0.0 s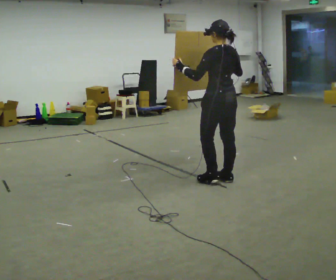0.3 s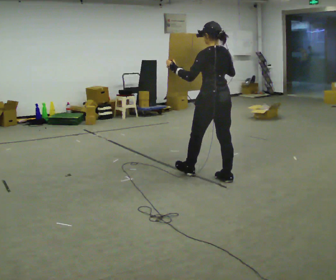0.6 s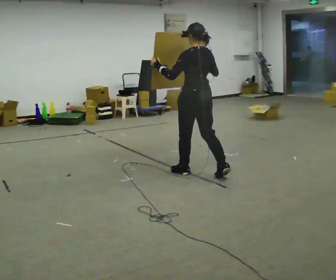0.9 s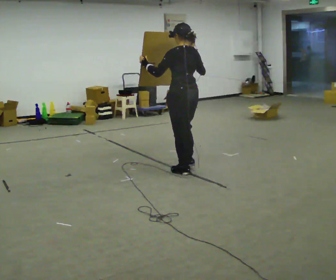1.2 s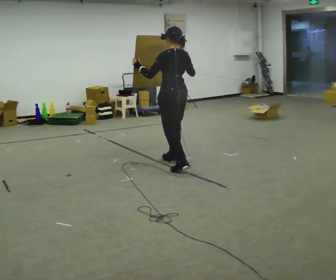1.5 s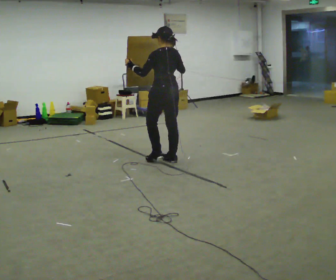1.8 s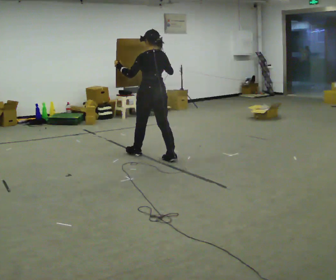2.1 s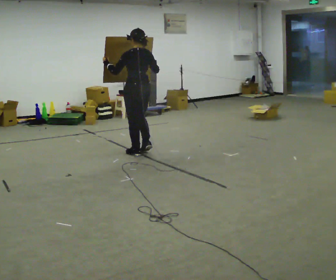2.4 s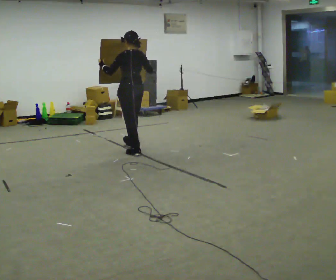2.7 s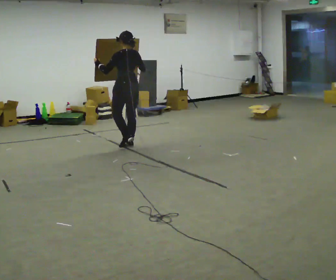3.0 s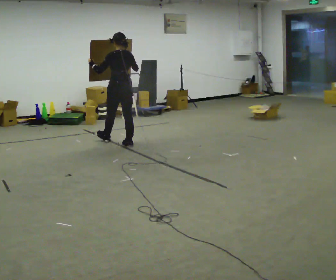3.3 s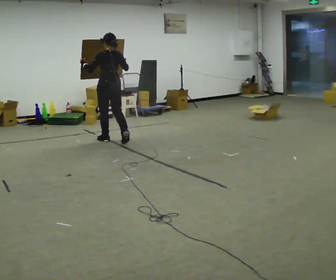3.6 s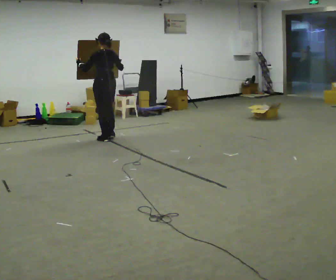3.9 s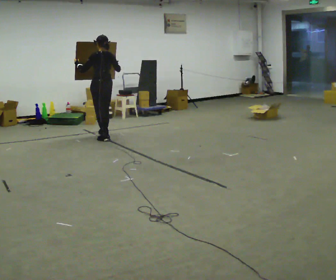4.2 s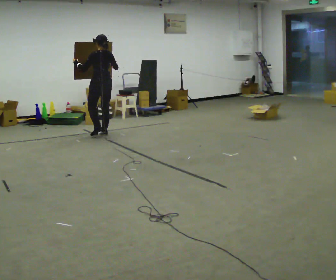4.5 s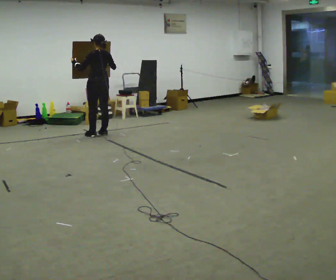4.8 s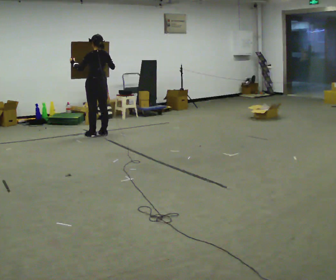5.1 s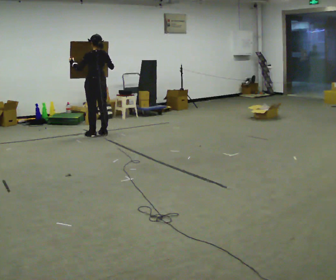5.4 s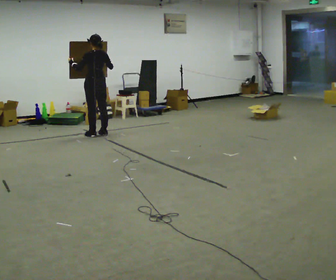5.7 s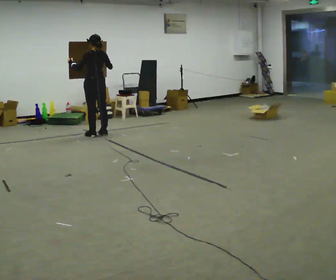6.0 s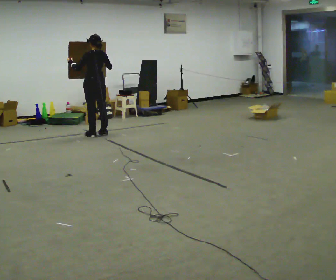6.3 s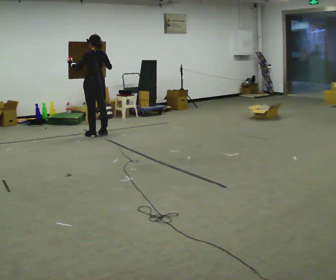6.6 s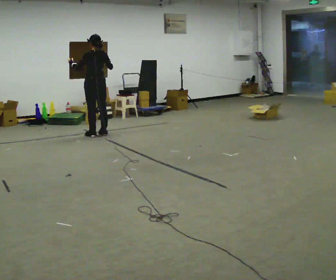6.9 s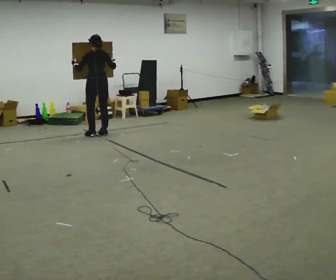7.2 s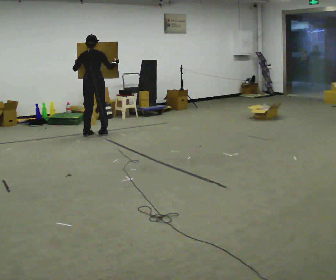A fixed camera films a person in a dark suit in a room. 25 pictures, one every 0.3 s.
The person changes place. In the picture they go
away from the camera.
0.0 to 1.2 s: In the picture they go away from the camera and to the left, about 1 m in 2 steps, which for them is forward.
1.2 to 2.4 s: In the picture they go away from the camera and to the left, about 1 m in 2 steps, which for them is forward.
2.4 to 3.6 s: In the picture they go away from the camera and to the left, about 1 m in 1 step, which for them is forward.
3.6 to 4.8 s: In the picture they go away from the camera, about 0.5 m in 2 steps, which for them is forward.
4.8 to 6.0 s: The person moves a little, or ends about where they began.
6.0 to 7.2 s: The person turns about 45 degrees to their right, clockwise seen from above, so the part of the body nearest the lens slides to the left.
The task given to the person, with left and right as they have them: Carry the large panel across the room. It will block your view ahead, so take whatever route feels safe. Keep going until the operator says stop; one object at a time, and do not rush between trips.
The film runs forward here.
